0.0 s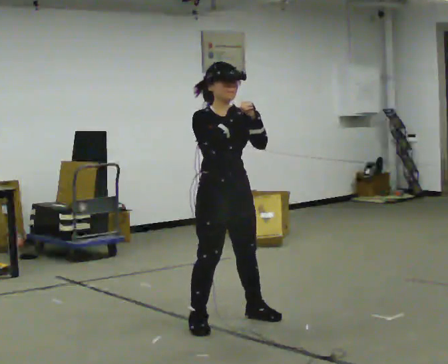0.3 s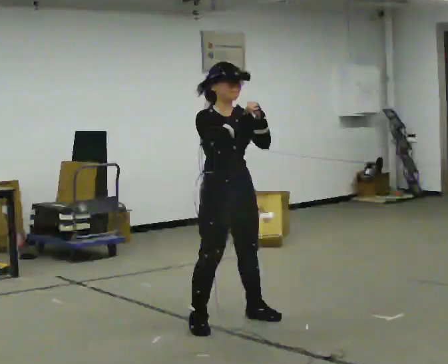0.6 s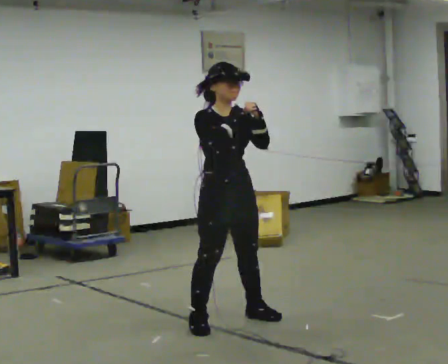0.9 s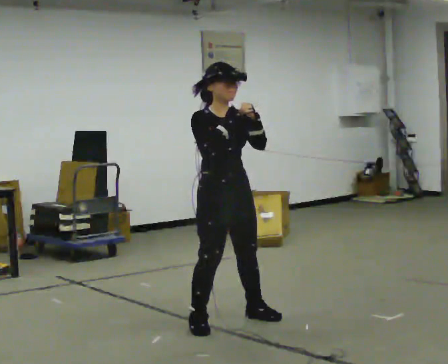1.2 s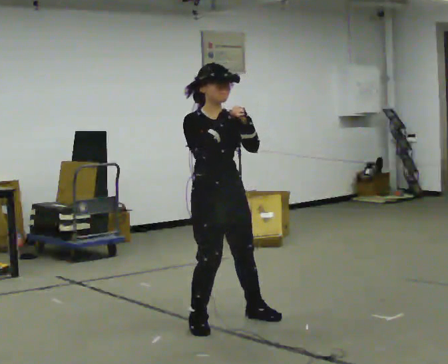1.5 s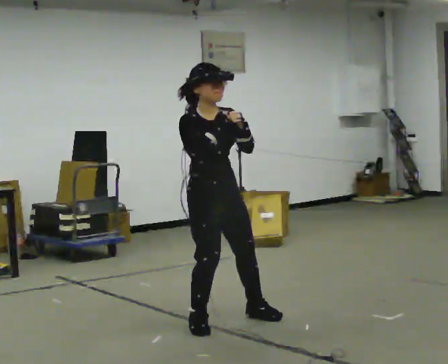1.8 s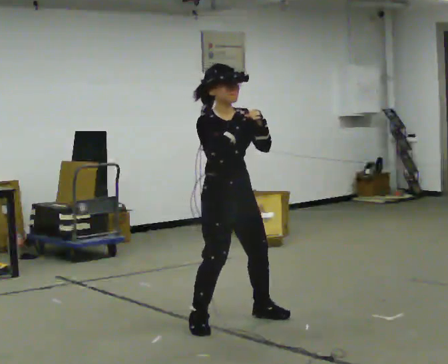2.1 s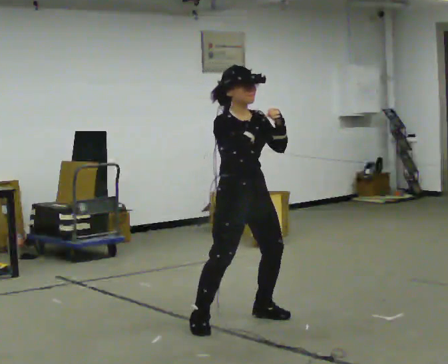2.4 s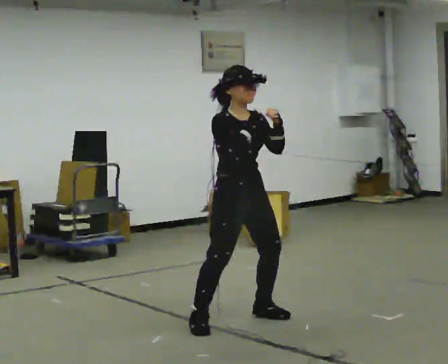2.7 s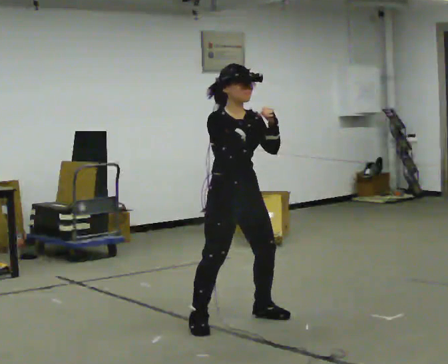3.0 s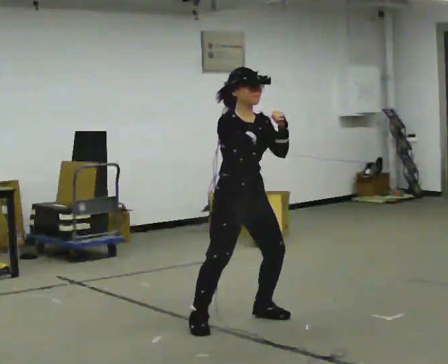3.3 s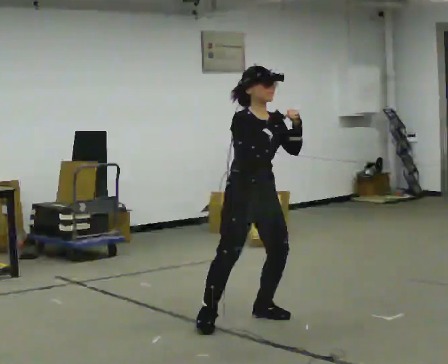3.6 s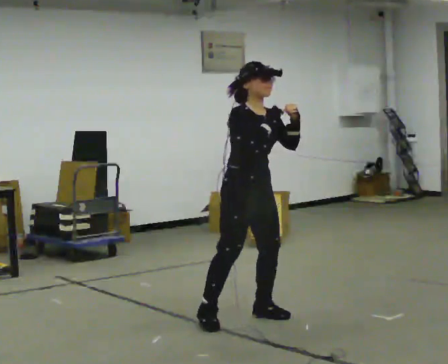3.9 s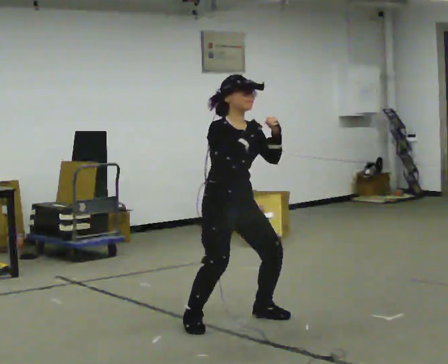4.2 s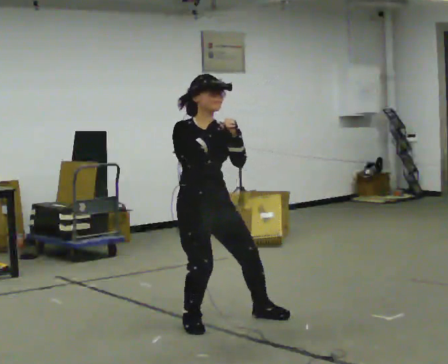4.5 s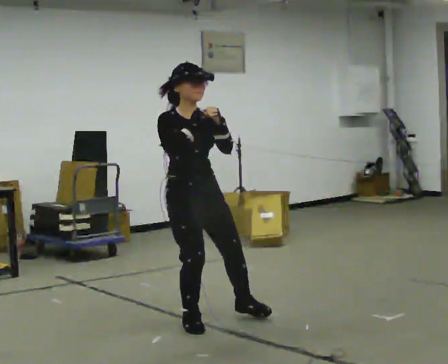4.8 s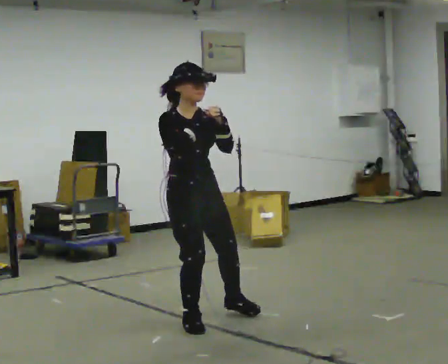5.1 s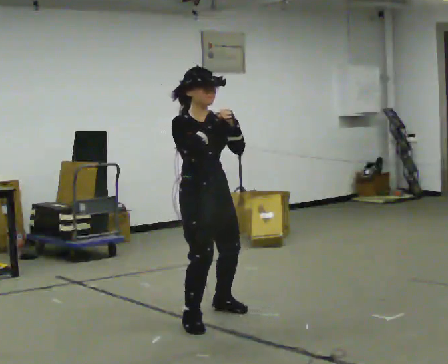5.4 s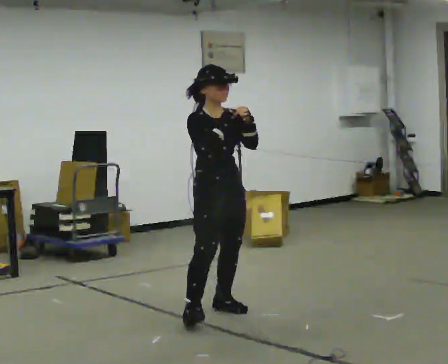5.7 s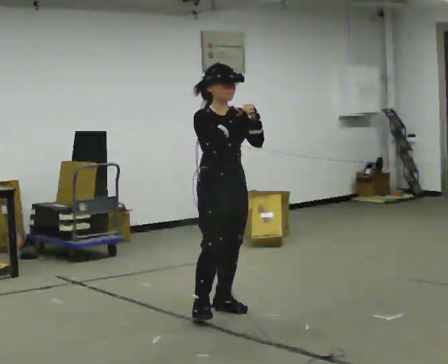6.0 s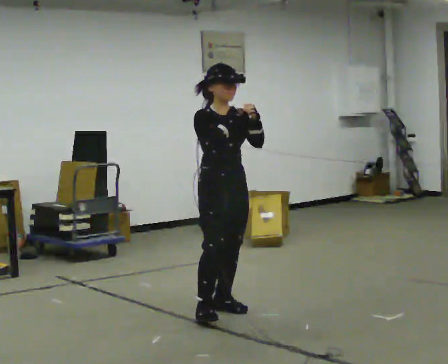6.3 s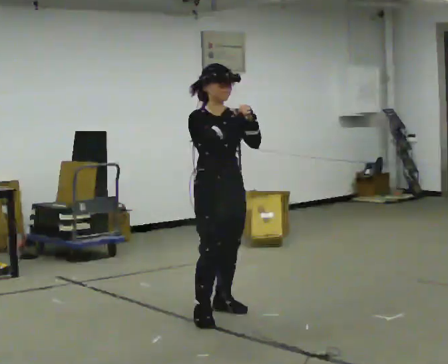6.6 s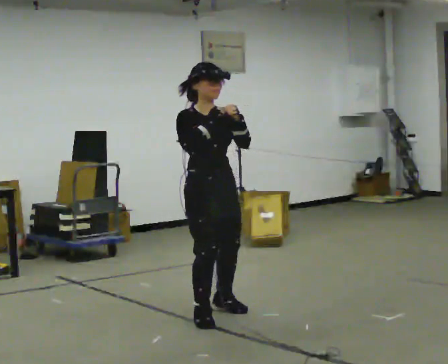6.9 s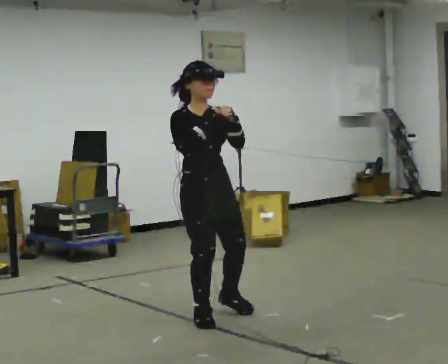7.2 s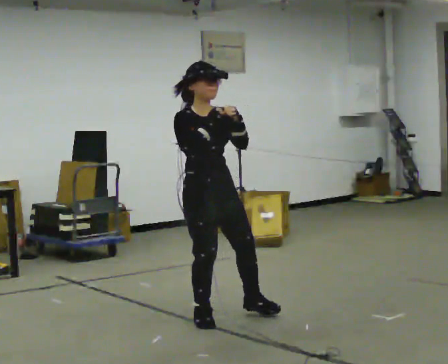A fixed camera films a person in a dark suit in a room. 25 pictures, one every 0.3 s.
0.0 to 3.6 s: The person moves a little, or ends about where they began.
3.6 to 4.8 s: In the picture they go to the left, about 0.25 m, which for them is to their right.
4.8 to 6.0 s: In the picture they go away from the camera and to the right, about 0.25 m in 1 step, which for them is to their left and backward.
6.0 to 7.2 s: In the picture they go toward the camera, about 0.25 m, which for them is to their right and forward.
The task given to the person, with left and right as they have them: Move as if avoiding punches: slip your head side to side, duck, and raise your guard. Repeat the movement at your own pace until the operator says stop; do not rush.
The film runs forward here.
